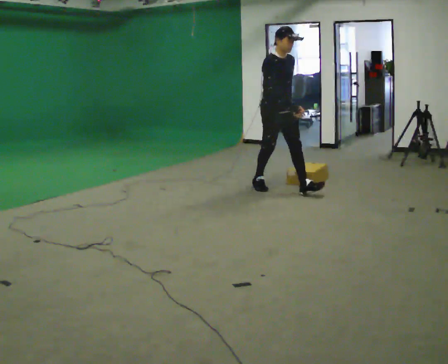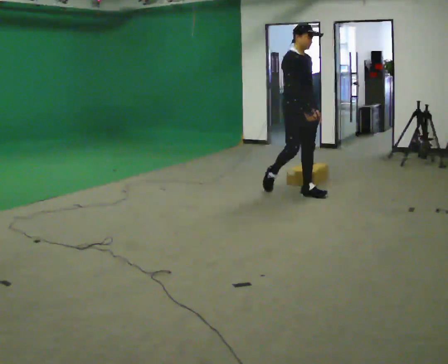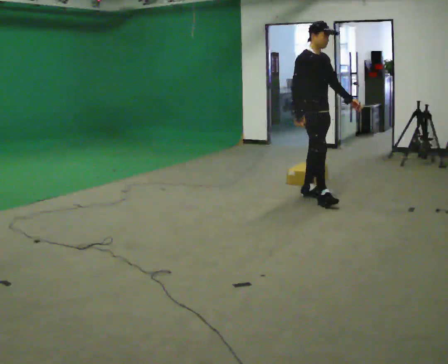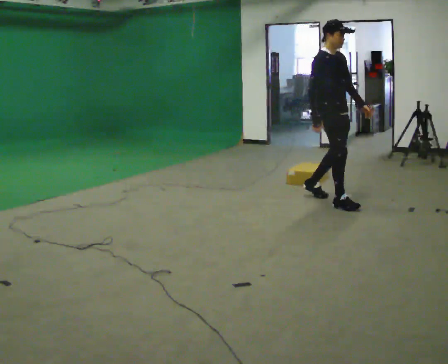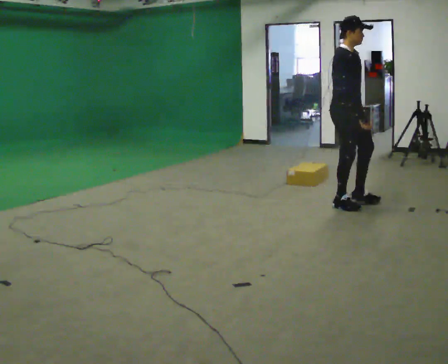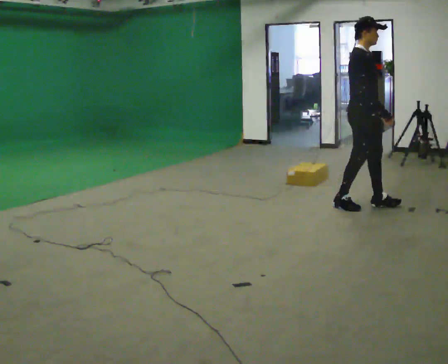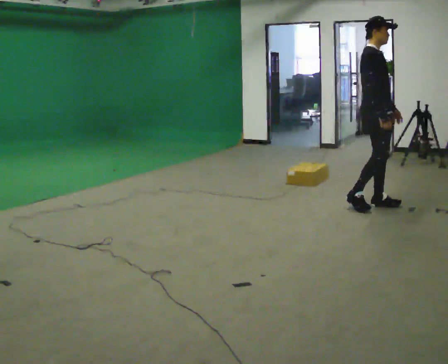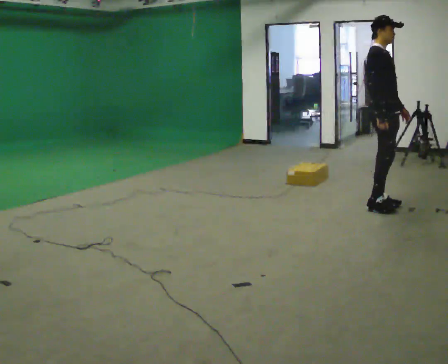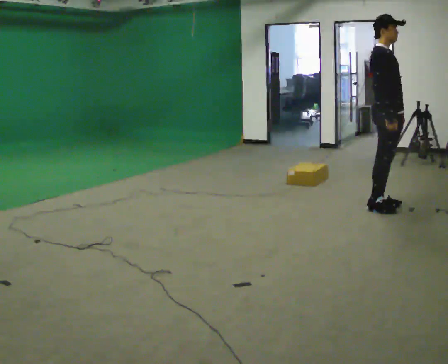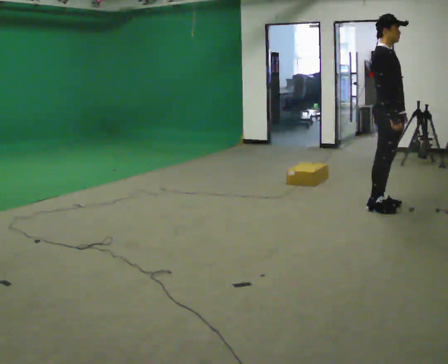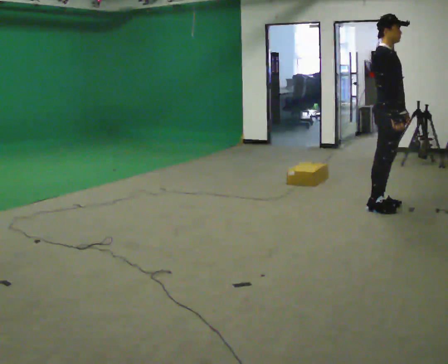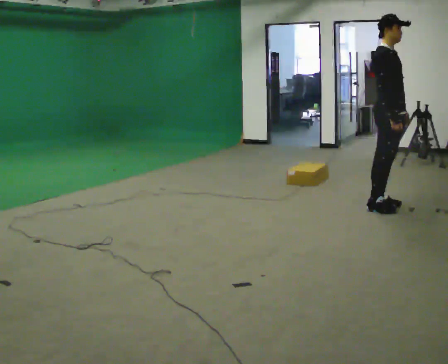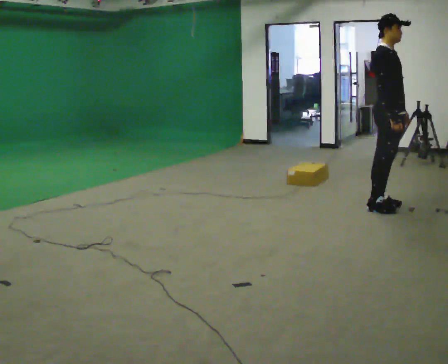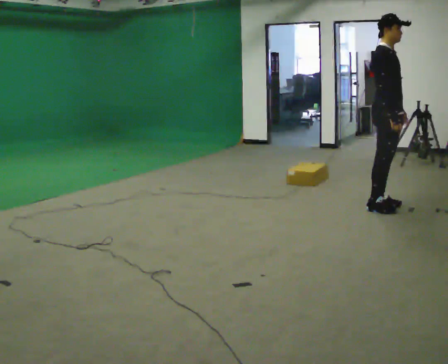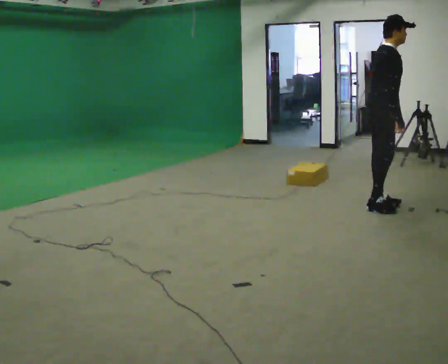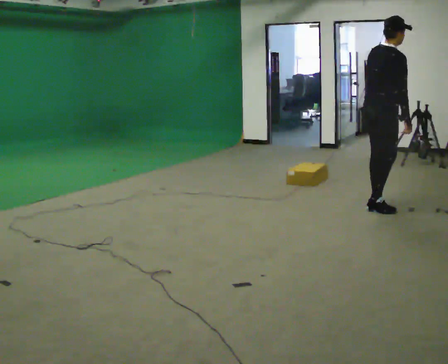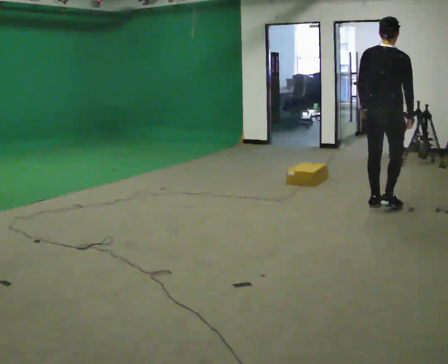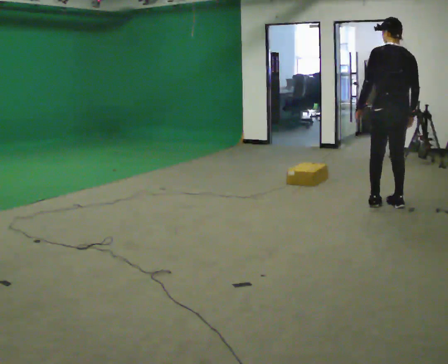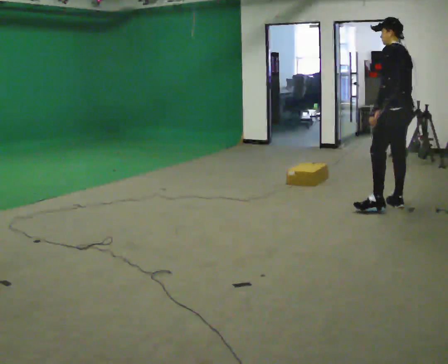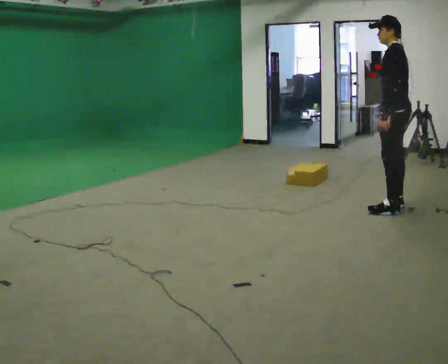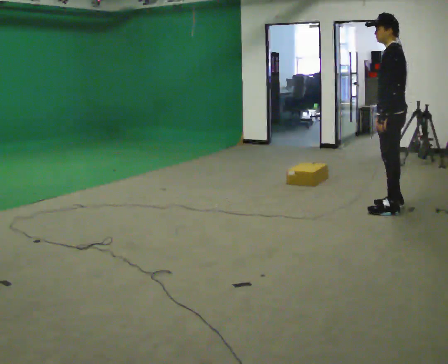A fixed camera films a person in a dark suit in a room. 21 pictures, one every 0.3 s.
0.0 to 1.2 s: In the picture they go to the right and toward the camera, about 1 m in 2 steps, which for them is forward.
1.2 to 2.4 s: In the picture they go to the right, about 0.5 m in 2 steps, which for them is forward.
2.4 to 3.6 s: The person moves a little, or ends about where they began.
3.6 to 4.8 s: The person turns about 90 degrees to their left, counterclockwise seen from above, so the part of the body nearest the lens slides to the right. In the picture their left hand goes to the left.
4.8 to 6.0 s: Seen from above the body turns counterclockwise, about 105 degrees: to their left, with its near side sliding to the right.
The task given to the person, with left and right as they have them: Start still; walk straight at normal comfortable speed; stop at endpoint.
The film runs forward here.
